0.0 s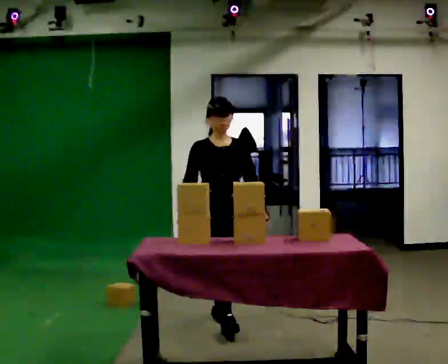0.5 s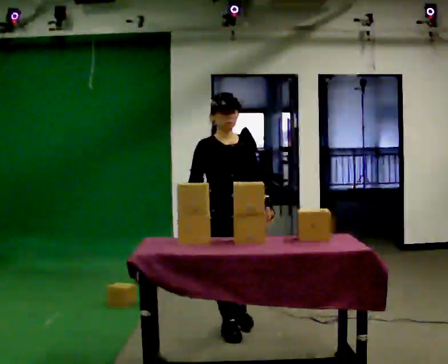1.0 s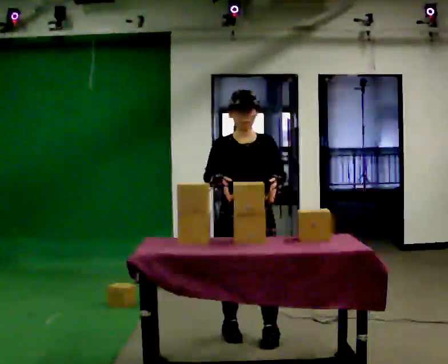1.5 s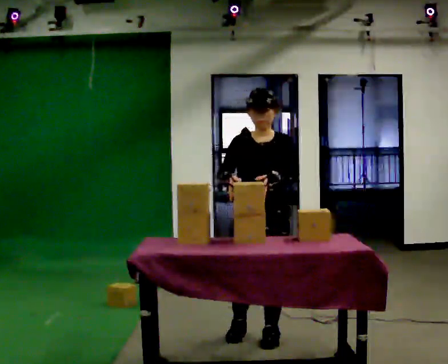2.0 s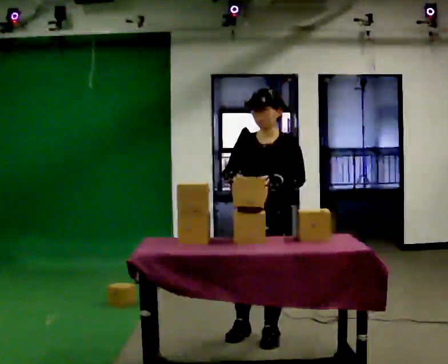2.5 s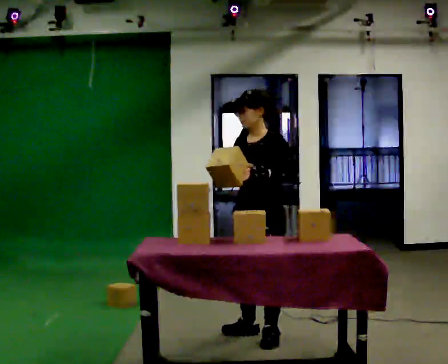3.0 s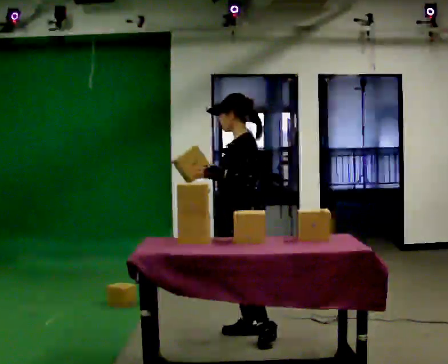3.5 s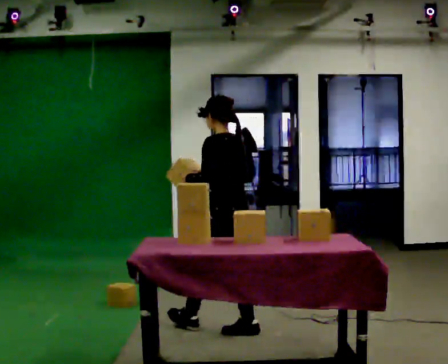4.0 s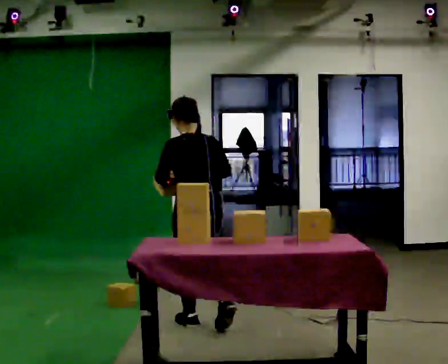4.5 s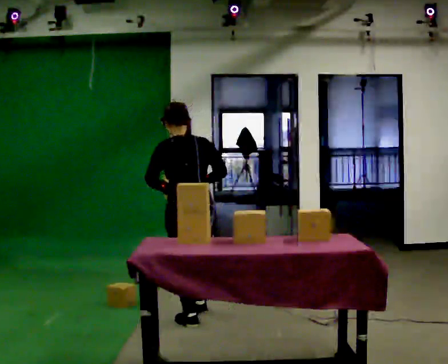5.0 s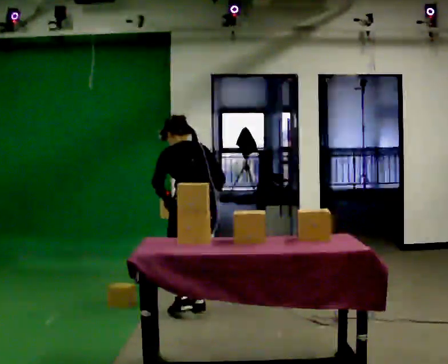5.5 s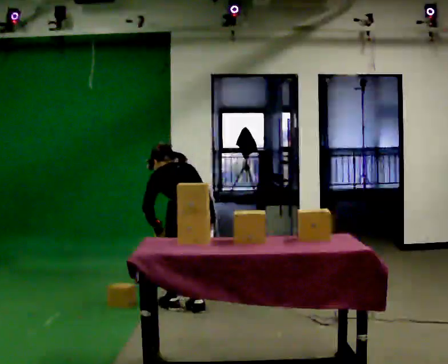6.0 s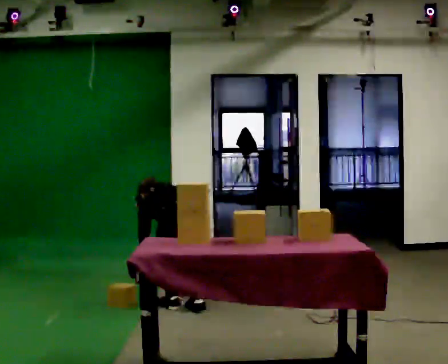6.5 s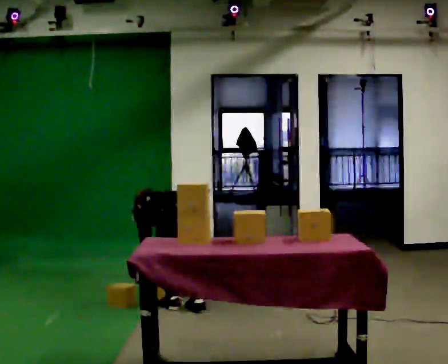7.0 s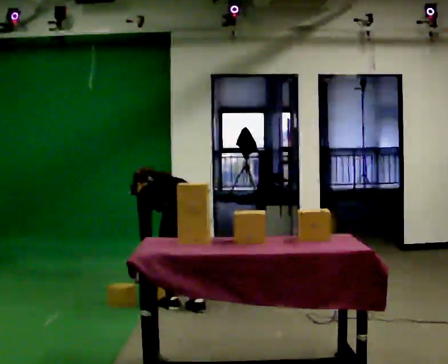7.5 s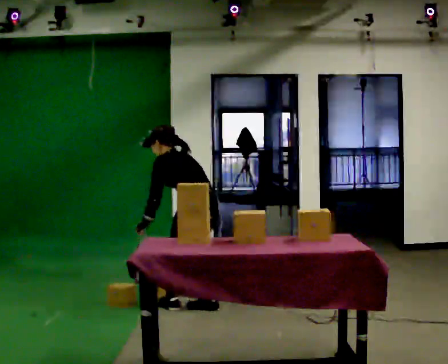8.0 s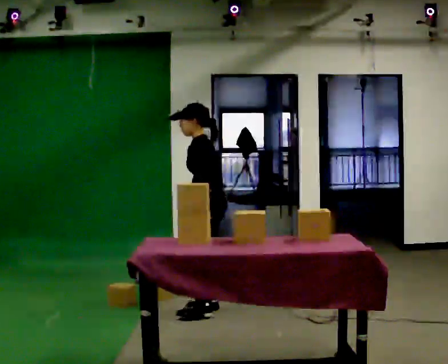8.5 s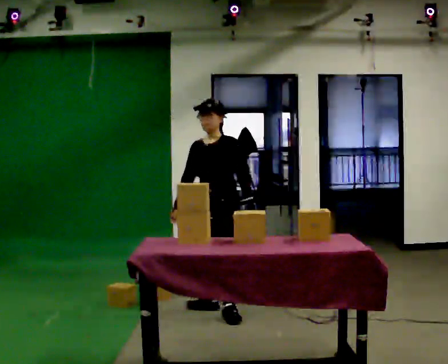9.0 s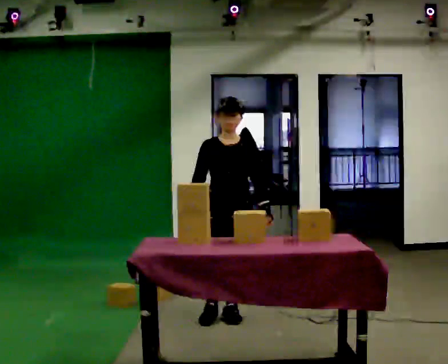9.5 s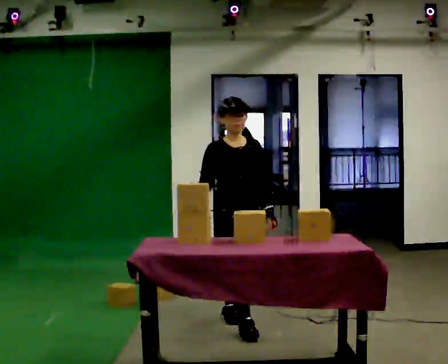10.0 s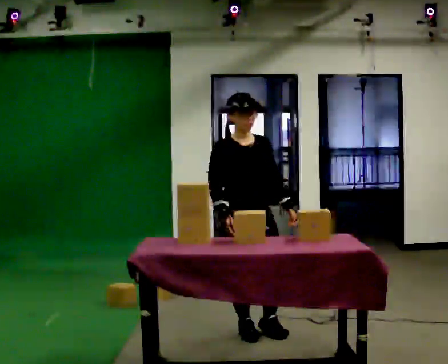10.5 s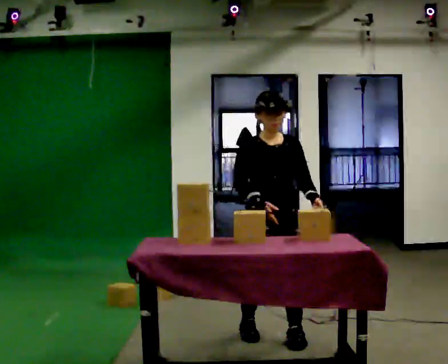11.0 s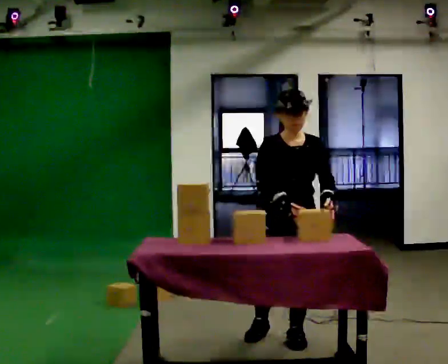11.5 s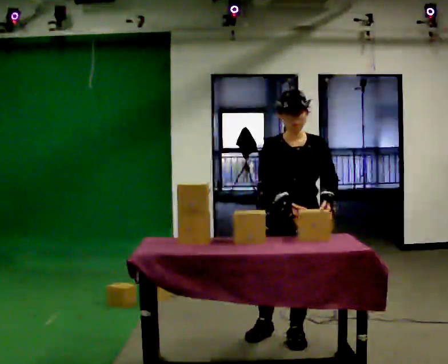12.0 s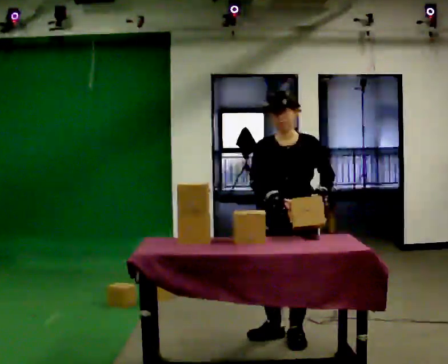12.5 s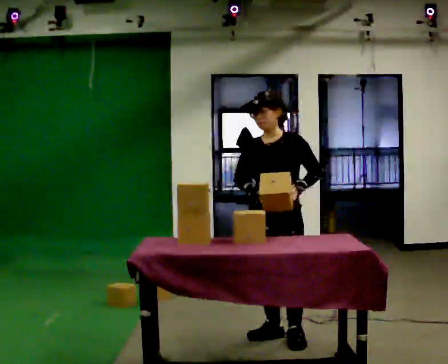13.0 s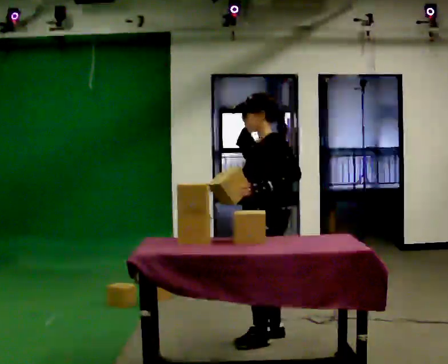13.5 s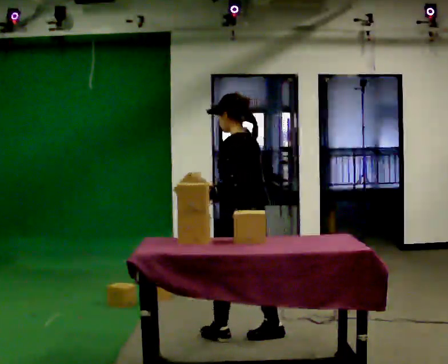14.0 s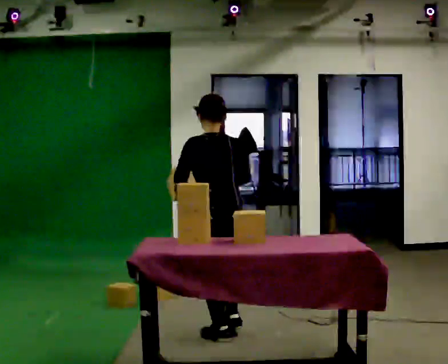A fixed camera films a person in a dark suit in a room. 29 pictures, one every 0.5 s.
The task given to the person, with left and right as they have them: Collect three or four objects from around the room, gather them in your arms, then carry them all to the shelf together. Keep going until the operator says stop; one object at a time, and do not rush between trips.
0.0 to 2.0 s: The person turns about 45 degrees to their right, clockwise seen from above, so the part of the body nearest the lens slides to the left. In the picture they go toward the camera and to the right, about 0.5 m in 1 step, which for them is forward and to their left.
2.0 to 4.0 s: The person turns about 135 degrees to their right, clockwise seen from above, so the part of the body nearest the lens slides to the left. In the picture they go to the left and away from the camera, about 0.5 m in 1 step.
4.0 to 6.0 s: In the picture they go away from the camera, about 0.5 m in 2 steps, which for them is forward. The shoulders move downward. The upper body tips away from the camera, its near side rolling upward, as they bend forward. In the picture their right hand goes downward.
6.0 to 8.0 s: The person turns about 60 degrees to their left, counterclockwise seen from above, so the part of the body nearest the lens slides to the right. In the picture they go to the right, about 0.25 m. The shoulders move upward. The upper body tips toward the camera, its near side rolling downward, as they lean back or straighten. In the picture their left hand goes upward and to the right.
8.0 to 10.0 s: The person turns about 105 degrees to their left, counterclockwise seen from above, so the part of the body nearest the lens slides to the right. In the picture they go toward the camera, about 0.5 m in 2 steps.
10.0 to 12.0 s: Seen from above the body turns clockwise, about 45 degrees: to their right, with its near side sliding to the left. In the picture they go to the right and toward the camera, about 0.25 m in 1 step, which for them is to their left and forward.
12.0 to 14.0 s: The part of the body nearest the lens slides to the left as the person turns to their right by about 135 degrees. In the picture they go to the left and away from the camera, about 0.5 m in 1 step.
The film runs forward here.
